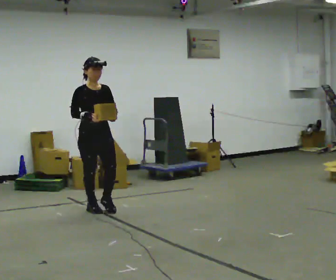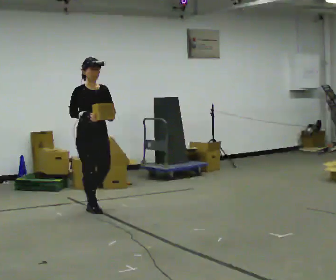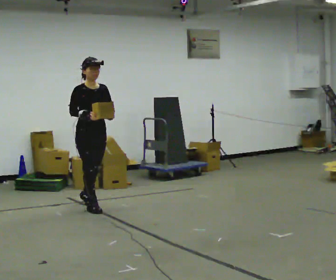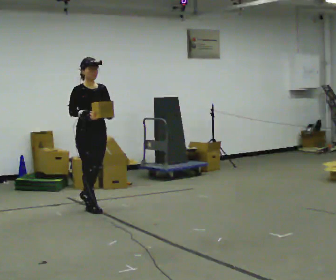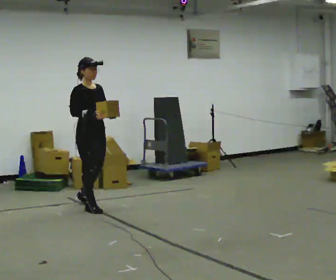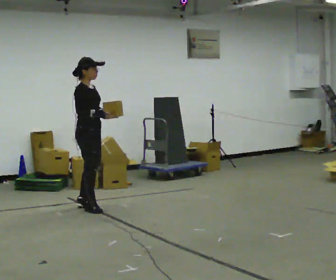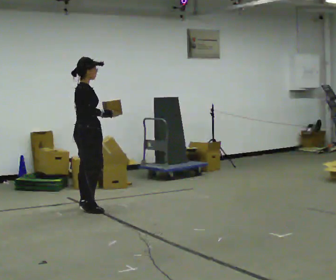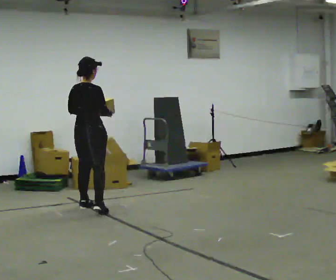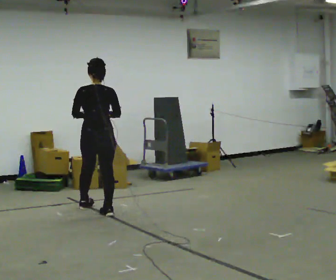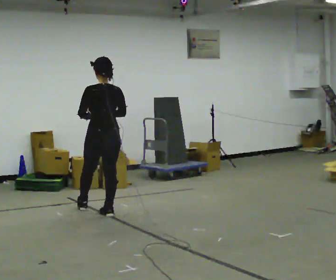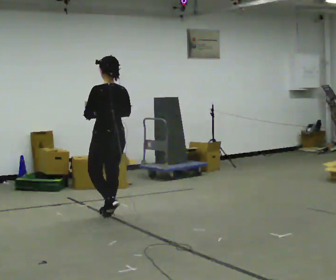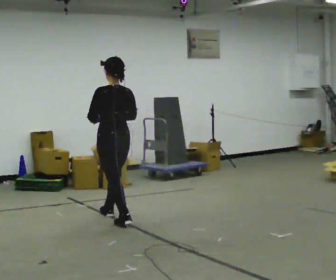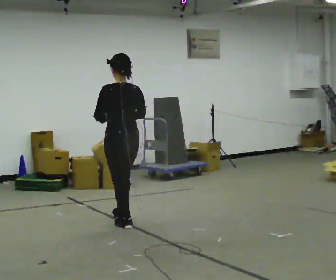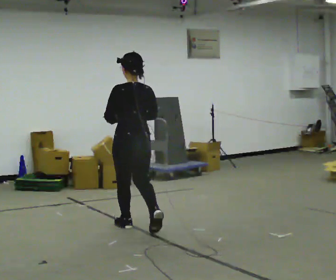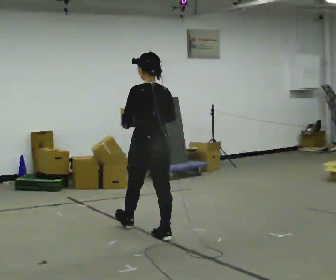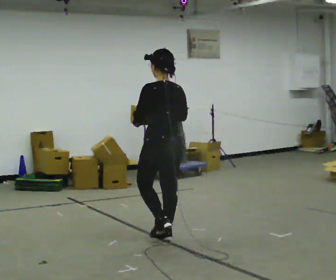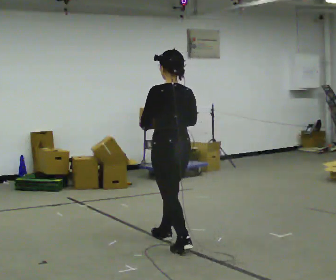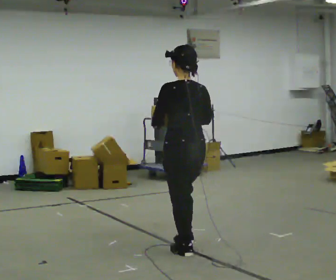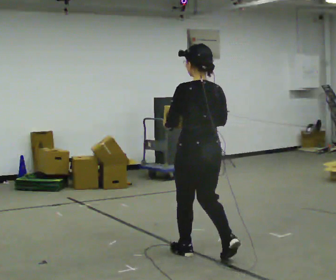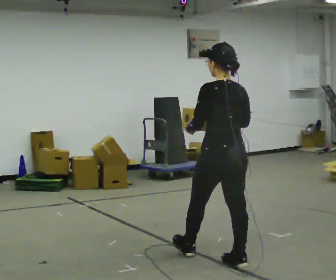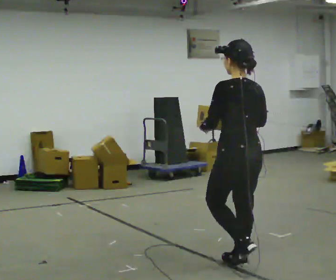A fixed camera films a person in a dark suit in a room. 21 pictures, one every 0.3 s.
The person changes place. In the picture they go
toward the camera.
The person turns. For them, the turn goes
to their left.
0.0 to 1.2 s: In the picture they go away from the camera, about 0.25 m, which for them is backward.
1.2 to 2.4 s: The person turns about 135 degrees to their left, counterclockwise seen from above, so the part of the body nearest the lens slides to the right.
2.4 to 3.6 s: The part of the body nearest the lens slides to the right as the person turns to their left by about 45 degrees. In the picture they go toward the camera and to the right, about 0.75 m in 2 steps, which for them is backward.
3.6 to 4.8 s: In the picture they go toward the camera and to the right, about 1 m in 1 step, which for them is backward.
4.8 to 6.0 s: In the picture they go toward the camera and to the right, about 1 m in 2 steps, which for them is backward.
The film runs backward here.
